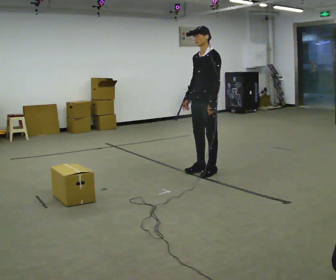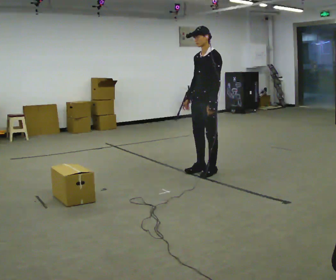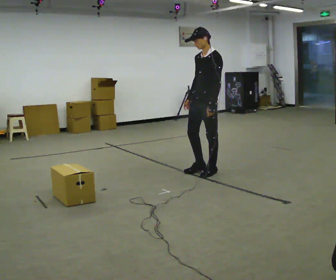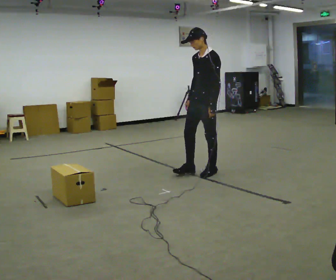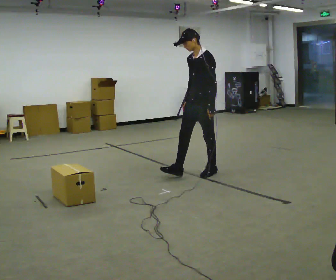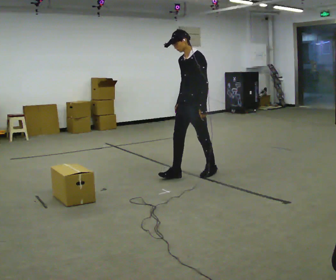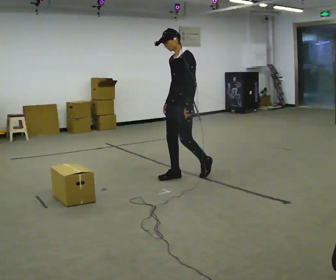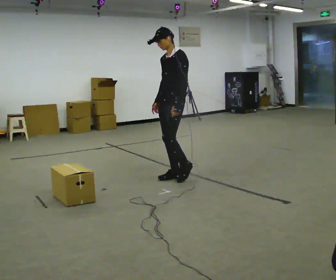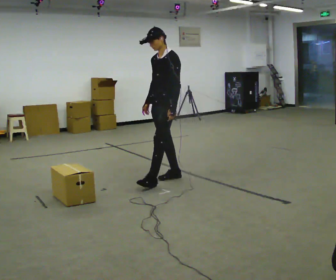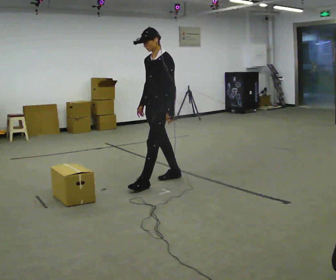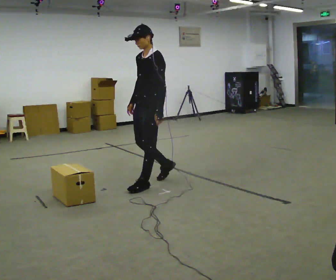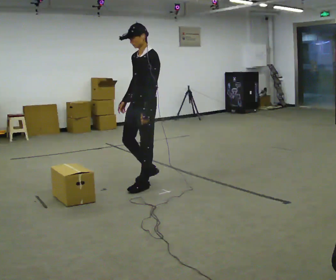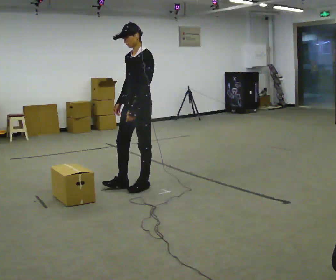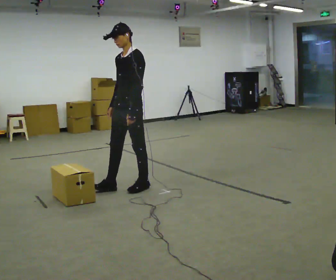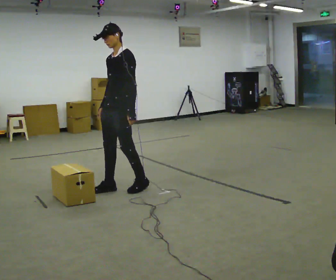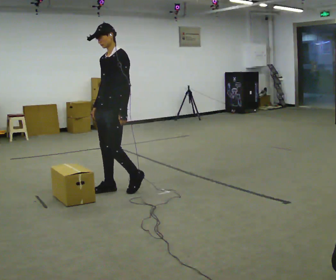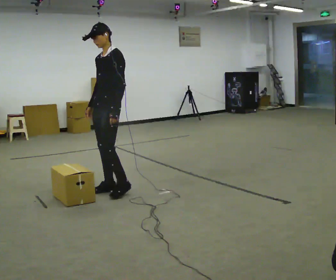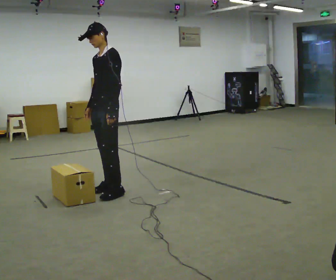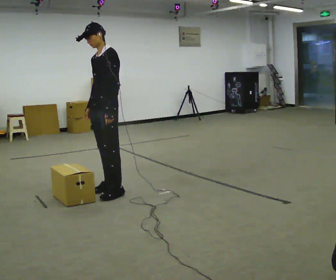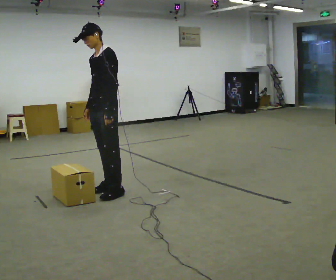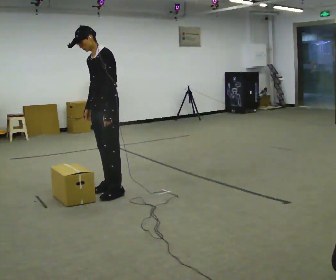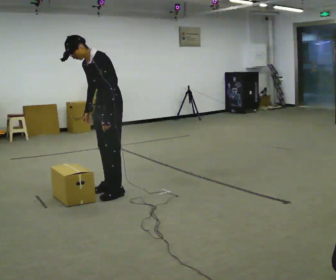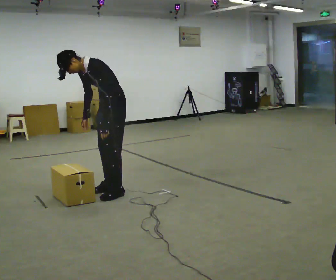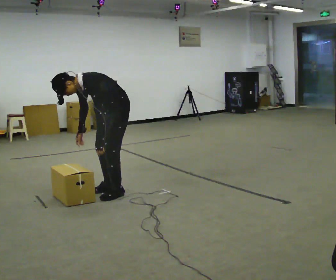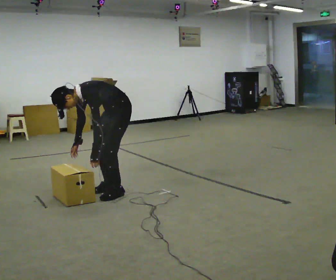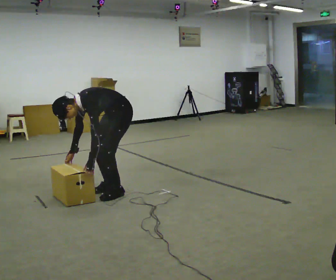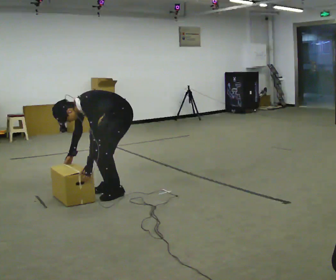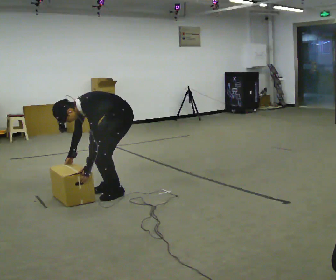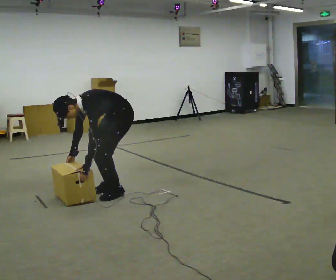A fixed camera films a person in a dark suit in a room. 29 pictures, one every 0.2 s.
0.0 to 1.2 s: In the picture they go to the left, about 0.25 m in 1 step, which for them is forward.
1.2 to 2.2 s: In the picture they go to the left and toward the camera, about 0.5 m in 1 step, which for them is forward.
2.2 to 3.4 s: In the picture they go to the left, about 0.5 m in 2 steps, which for them is forward.
3.4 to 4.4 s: In the picture the upper body tilts counterclockwise, shoulders to the left, as they bend forward.
4.4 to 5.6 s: The upper body goes downward. In the picture the upper body tilts counterclockwise, shoulders to the left, as they bend forward. In the picture their left hand goes downward.
The film runs forward here.
